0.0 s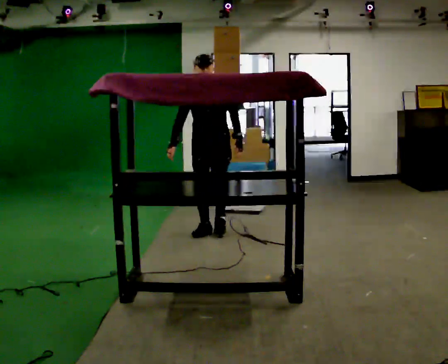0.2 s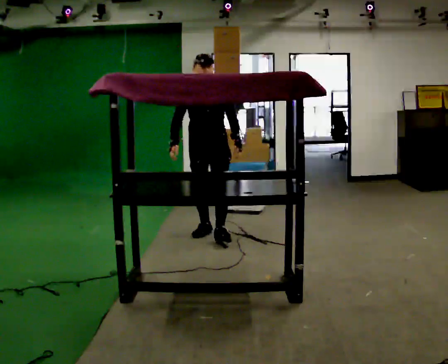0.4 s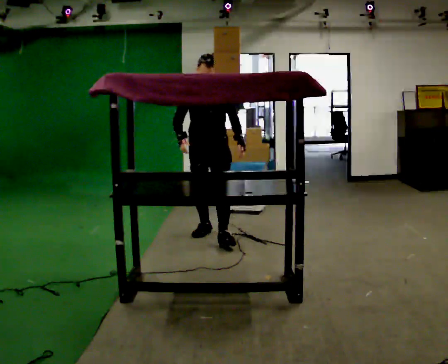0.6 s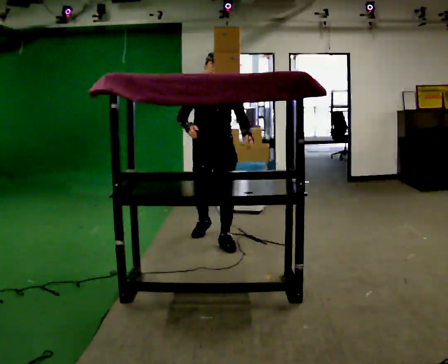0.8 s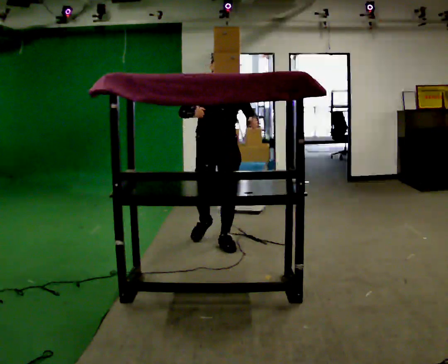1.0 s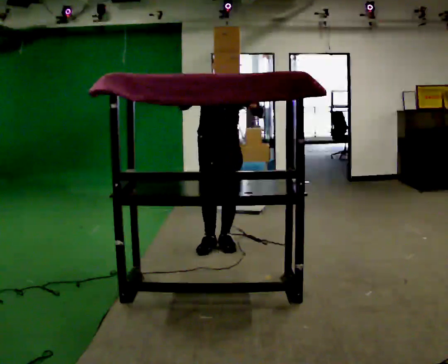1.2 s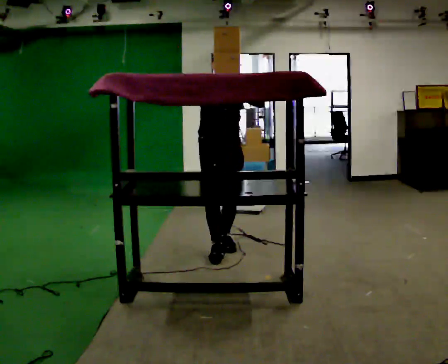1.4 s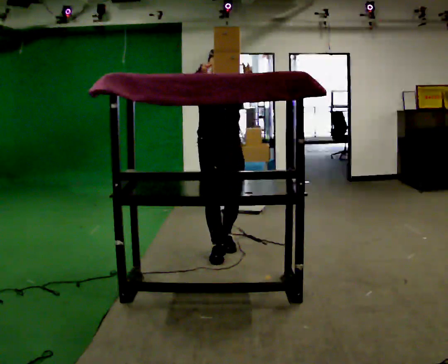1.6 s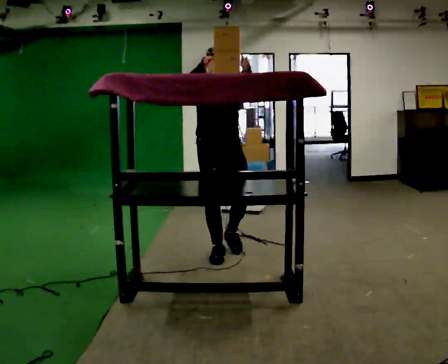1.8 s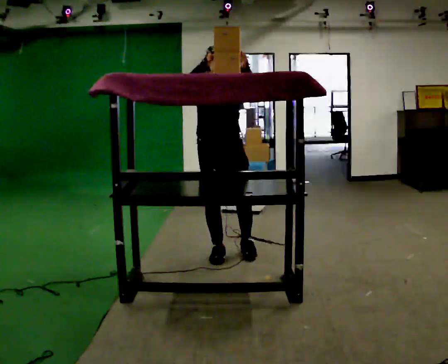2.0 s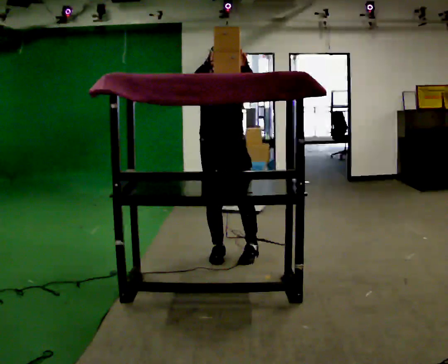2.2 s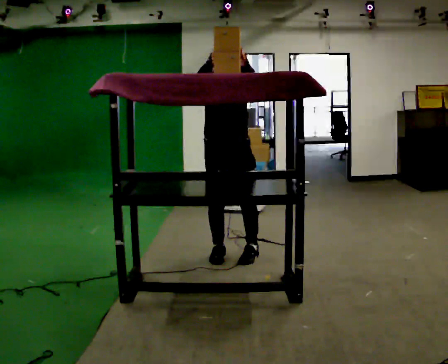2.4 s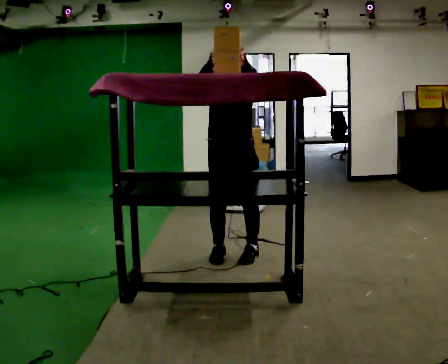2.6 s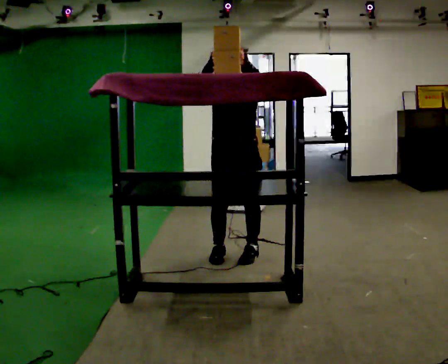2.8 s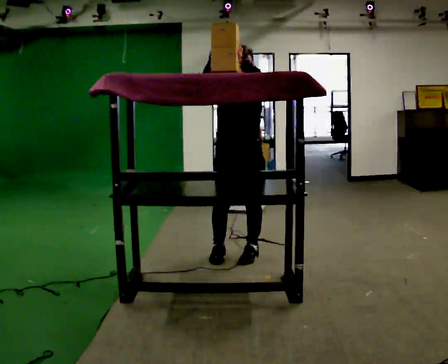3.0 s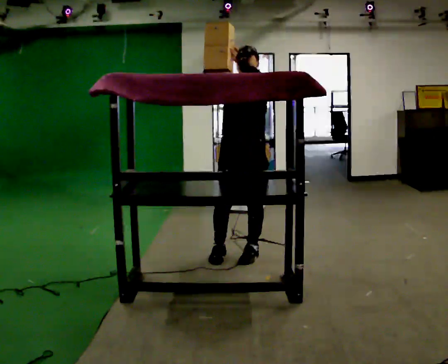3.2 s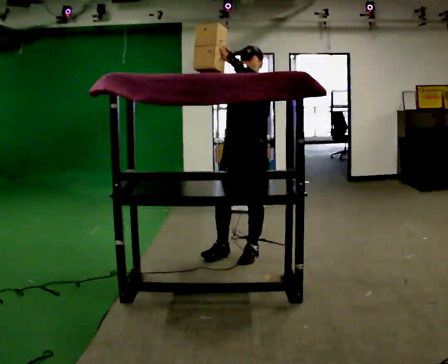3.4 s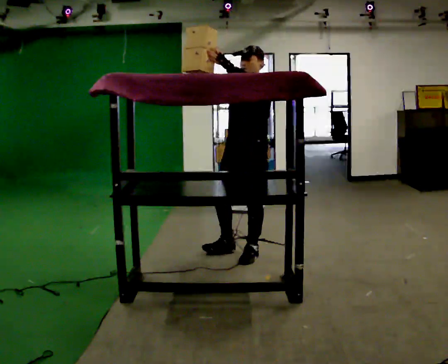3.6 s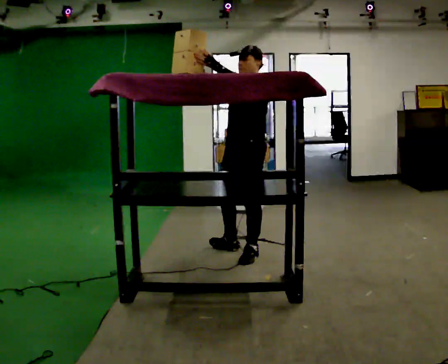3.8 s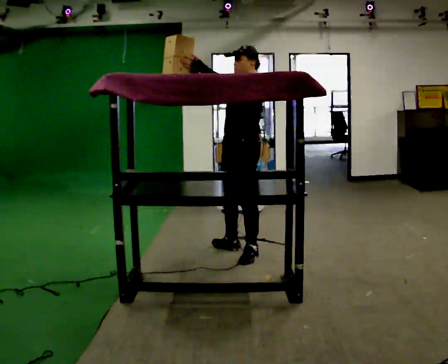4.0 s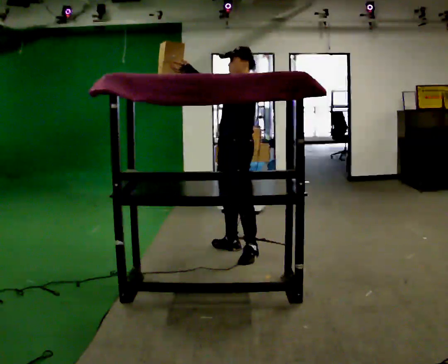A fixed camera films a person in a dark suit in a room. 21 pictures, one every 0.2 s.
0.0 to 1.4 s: The person turns about 30 degrees to their left, counterclockwise seen from above, so the part of the body nearest the lens slides to the right. In the picture they go toward the camera, about 0.75 m in 2 steps, which for them is forward. In the picture their right hand goes upward.
1.4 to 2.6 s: In the picture they go toward the camera, about 0.25 m in 1 step, which for them is forward and to their left.
2.6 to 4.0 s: Seen from above the body turns clockwise, about 60 degrees: to their right, with its near side sliding to the left. In the picture they go away from the camera, about 0.25 m.
The film runs forward here.
